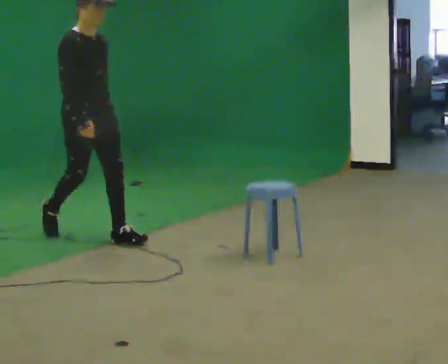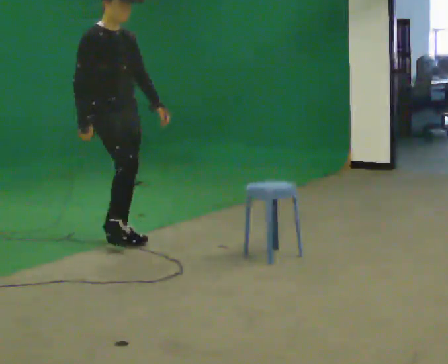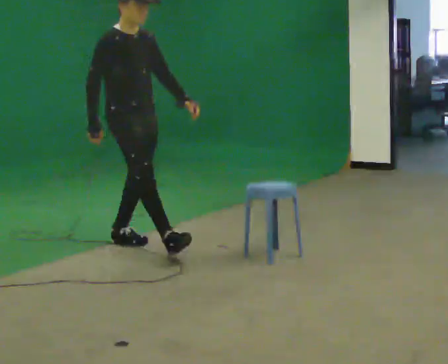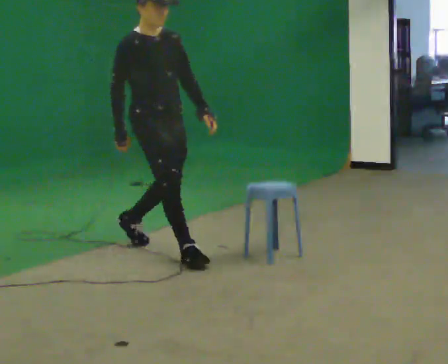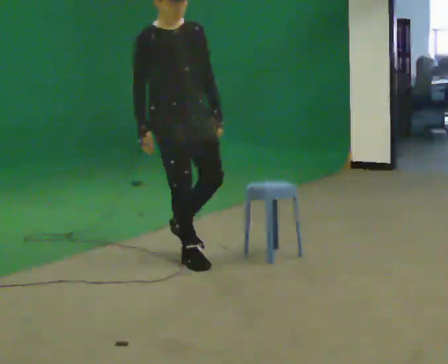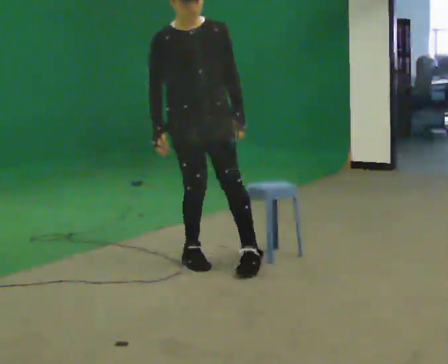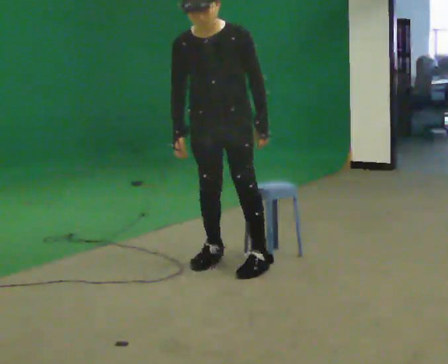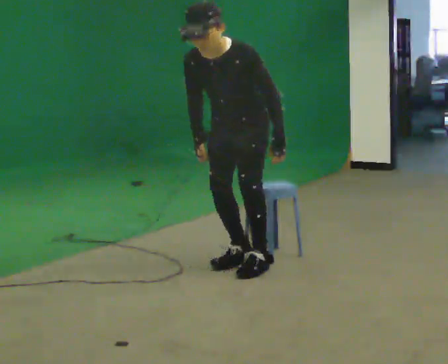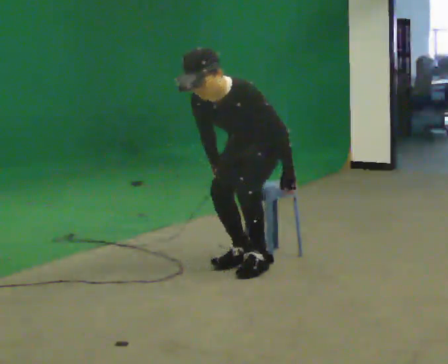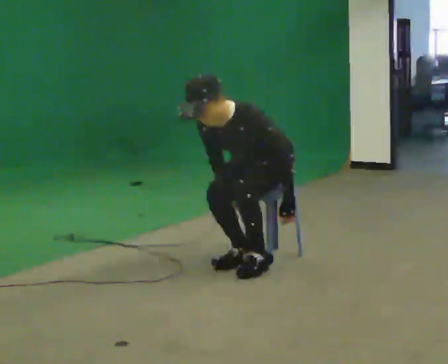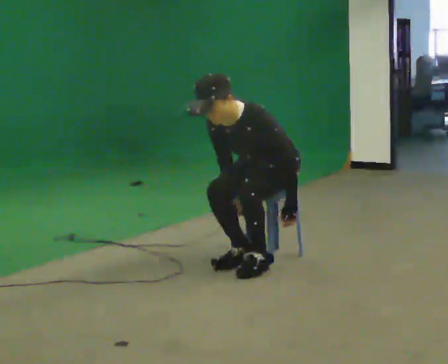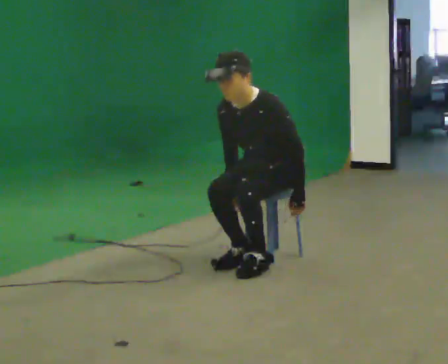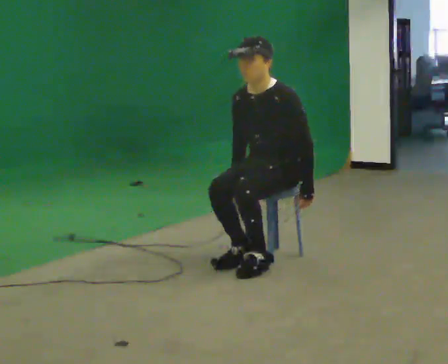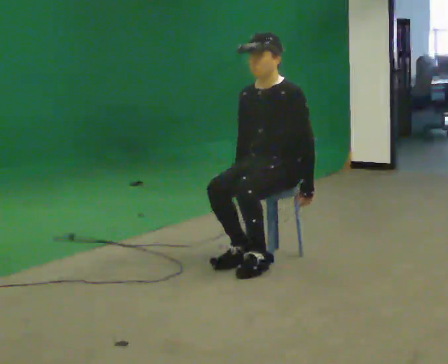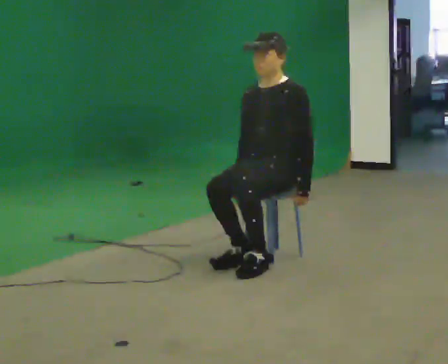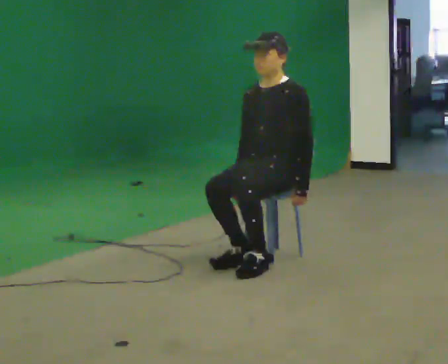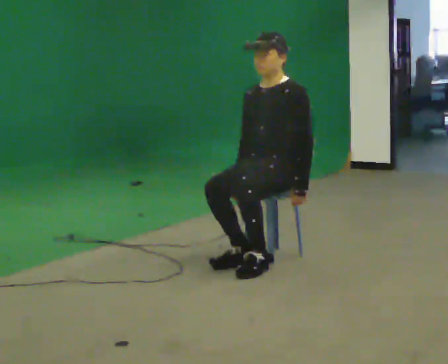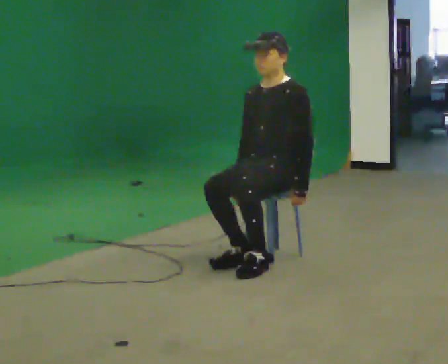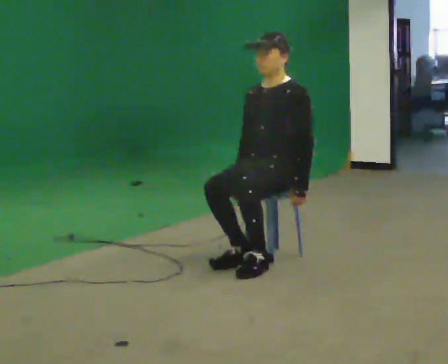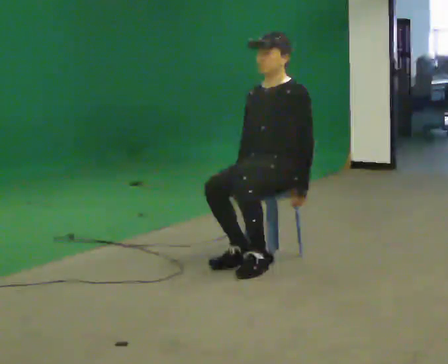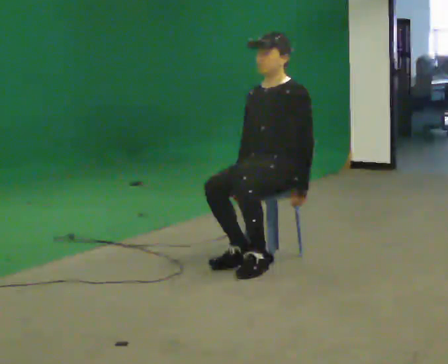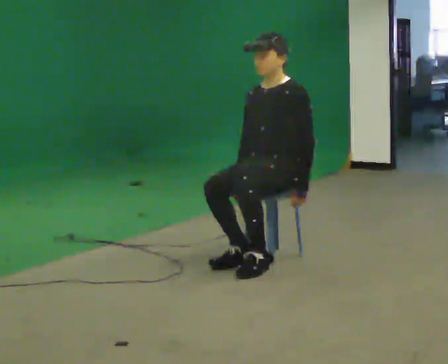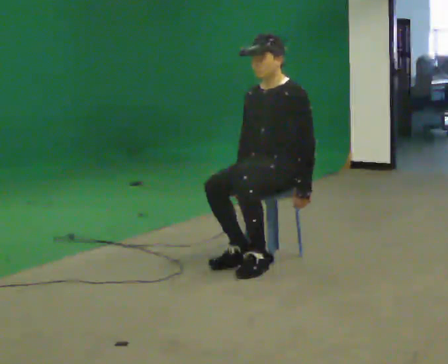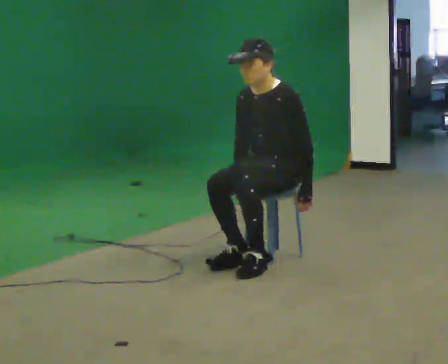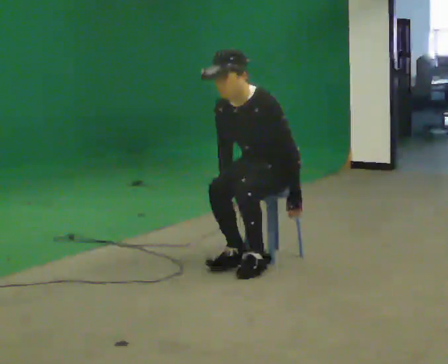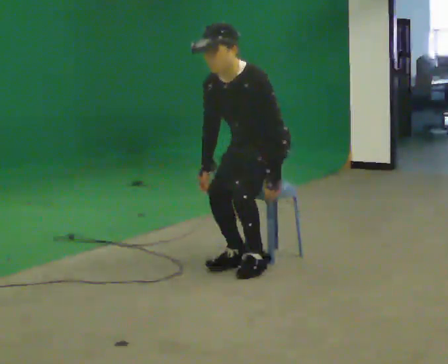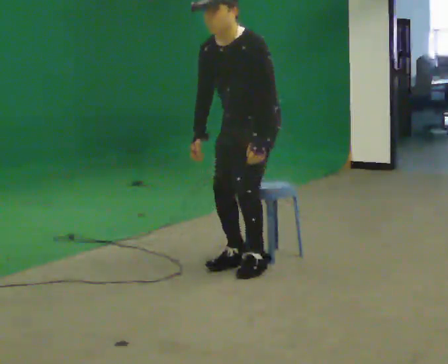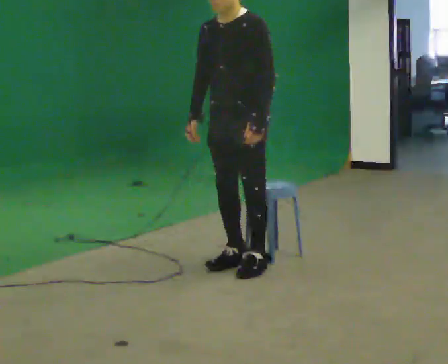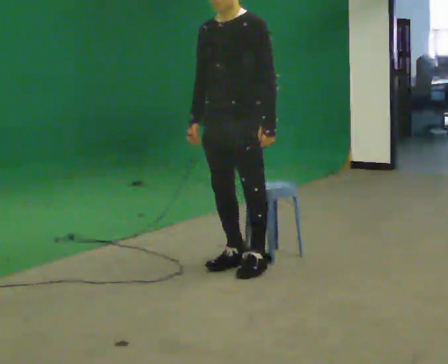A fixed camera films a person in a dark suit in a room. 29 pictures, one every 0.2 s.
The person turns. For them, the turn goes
to their right.
The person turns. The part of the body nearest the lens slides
to the left.
0.0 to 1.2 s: The person turns about 75 degrees to their right, clockwise seen from above, so the part of the body nearest the lens slides to the left. In the picture they go to the right and toward the camera, about 1 m in 2 steps. The upper body tips toward the camera, its near side rolling downward, as they bend forward.
1.2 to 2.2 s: The person turns about 30 degrees to their right, clockwise seen from above, so the part of the body nearest the lens slides to the left. In the picture they go to the right, about 0.25 m in 1 step, which for them is backward and to their left. In the picture their left hand goes downward.
2.2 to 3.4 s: The upper body tips away from the camera, its near side rolling upward, as they lean back or straighten.
3.4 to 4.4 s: The person moves a little, or ends about where they began.
4.4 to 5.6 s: In the picture they go toward the camera and to the left, about 0.25 m, which for them is forward. The shoulders move upward. In the picture their left hand goes upward.
The film runs forward here.
